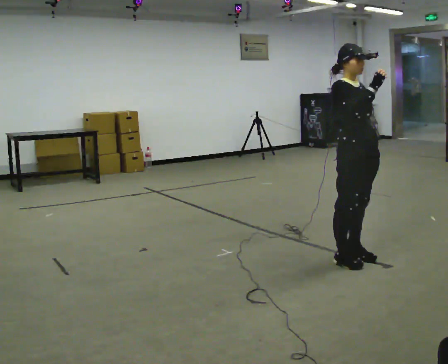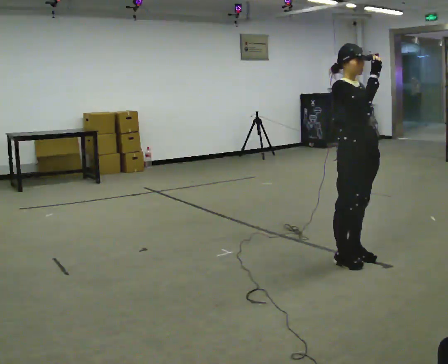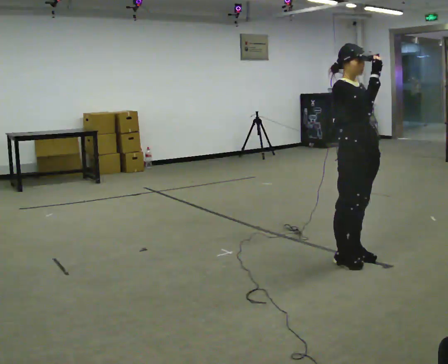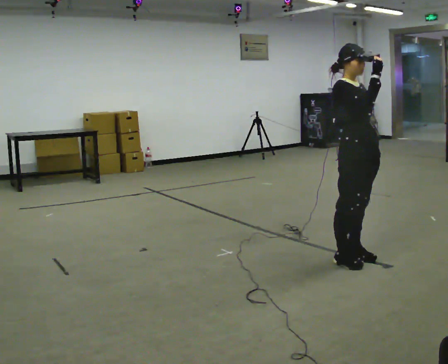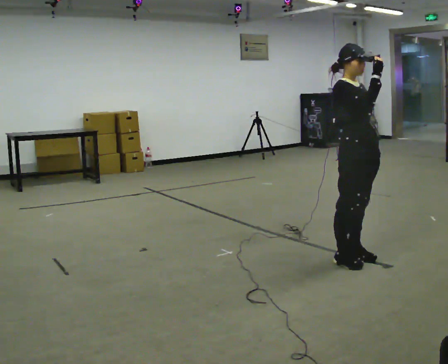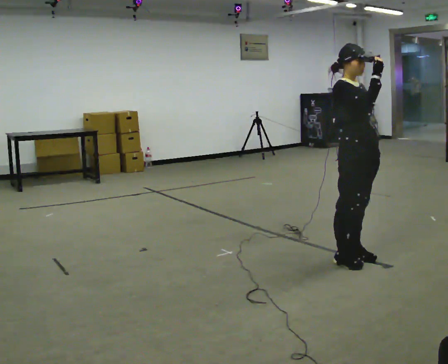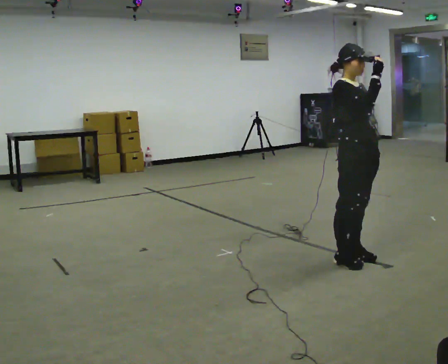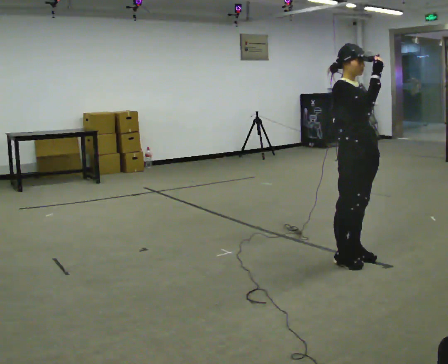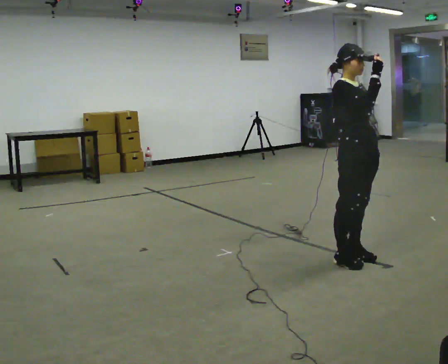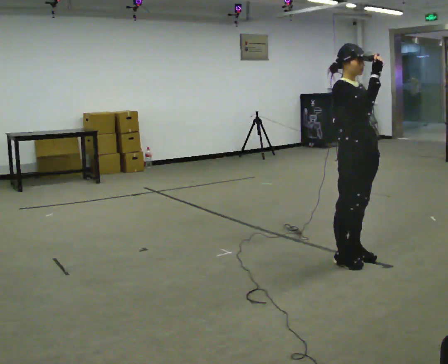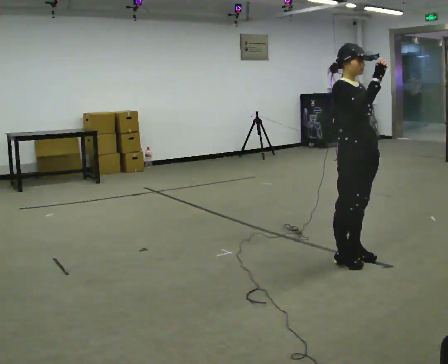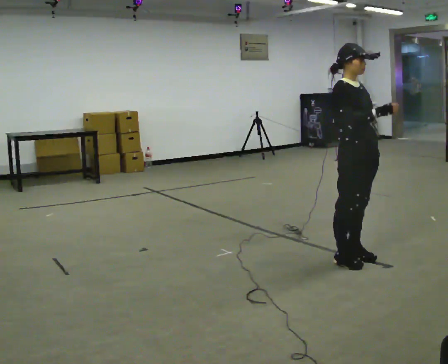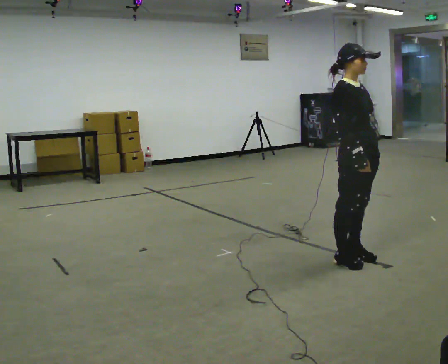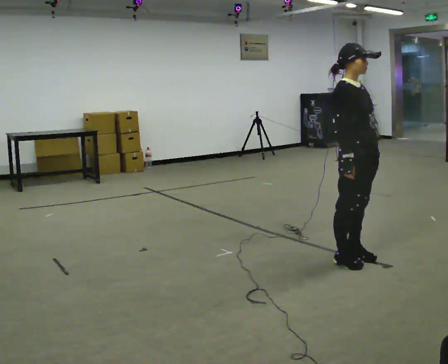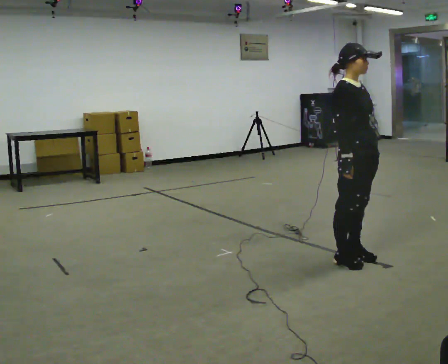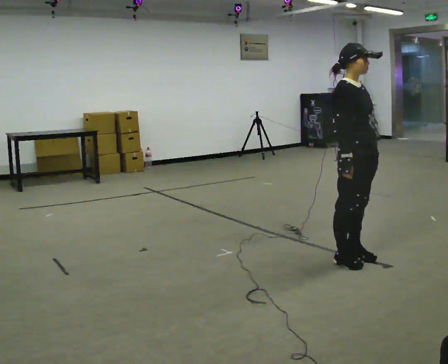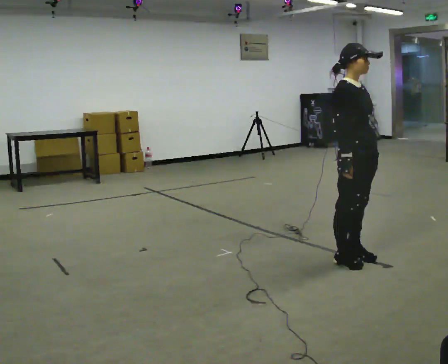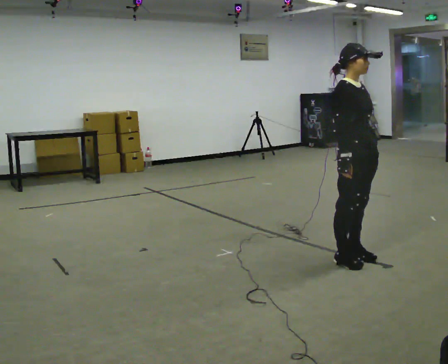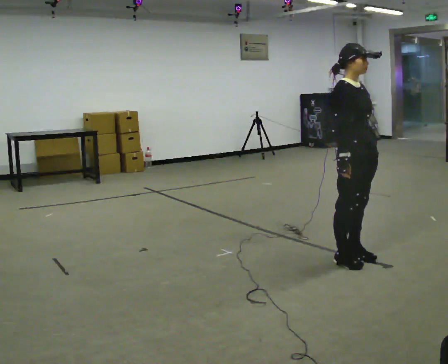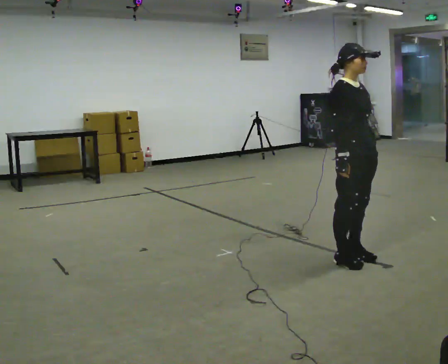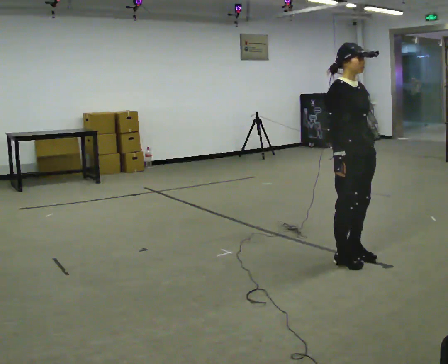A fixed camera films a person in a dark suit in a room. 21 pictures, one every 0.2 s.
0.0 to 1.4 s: The person moves a little, or ends about where they began.
1.4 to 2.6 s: In the picture their right hand goes downward.
2.6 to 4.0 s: The person moves a little, or ends about where they began.
The film runs backward here.
